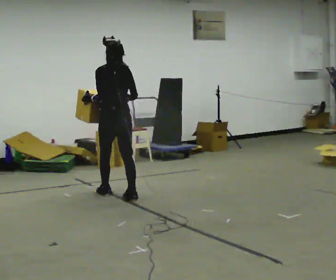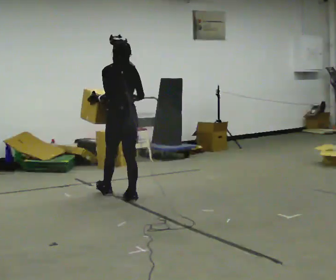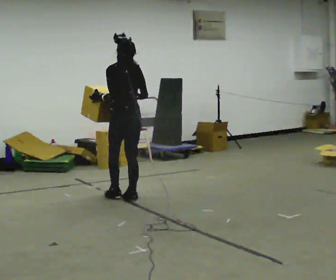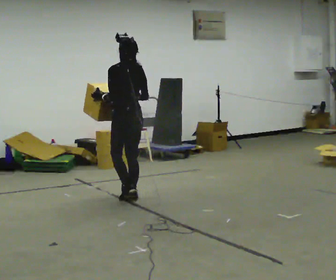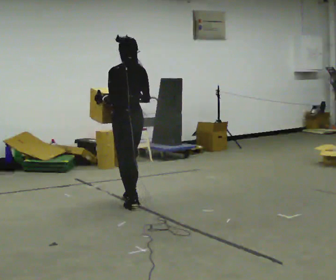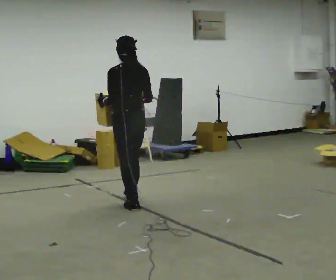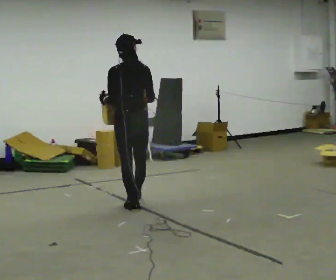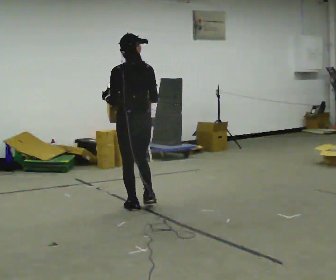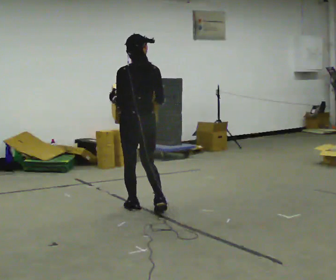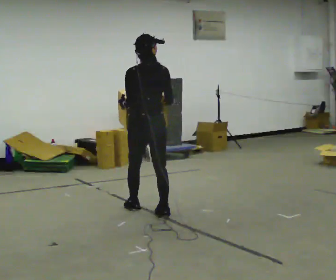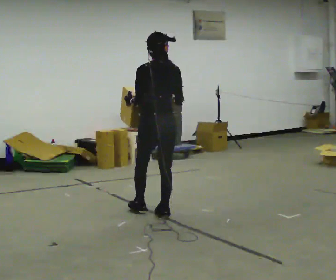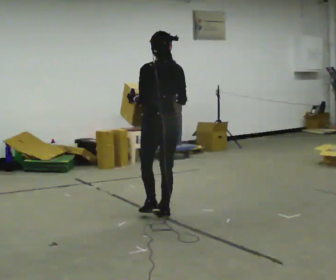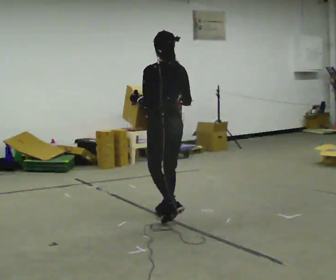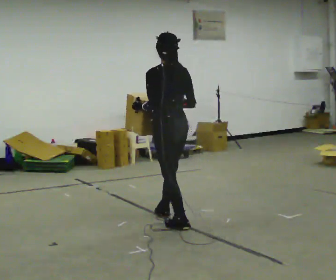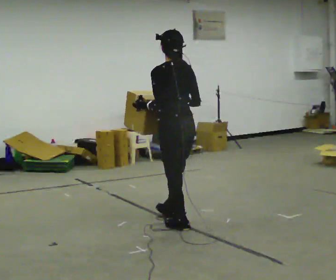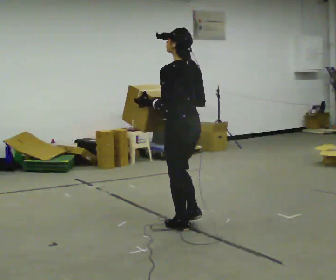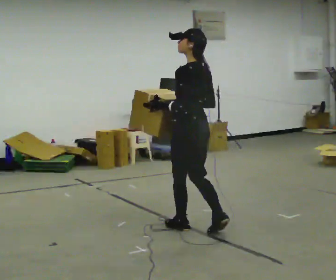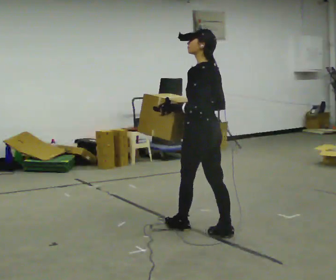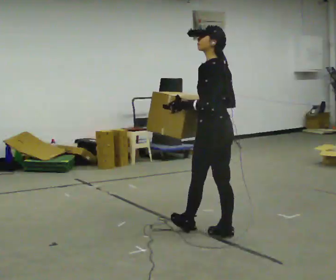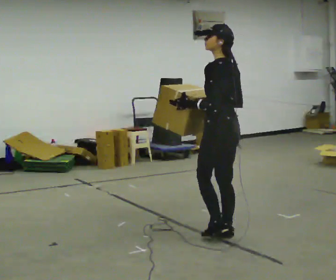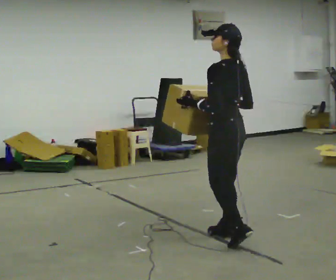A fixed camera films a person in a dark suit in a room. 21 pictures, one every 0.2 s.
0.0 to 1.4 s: In the picture they go toward the camera and to the right, about 0.5 m in 2 steps, which for them is backward.
1.4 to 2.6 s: In the picture they go toward the camera and to the right, about 0.5 m in 1 step, which for them is backward and to their right.
2.6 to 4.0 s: In the picture they go toward the camera and to the right, about 0.5 m in 2 steps, which for them is backward.
The film runs backward here.
